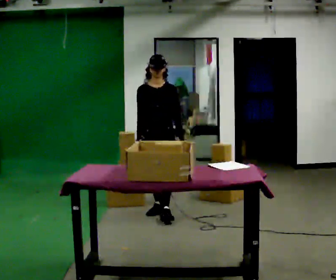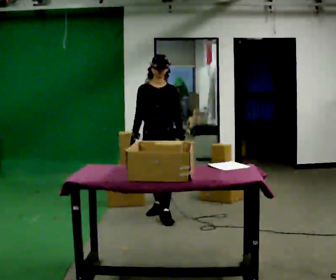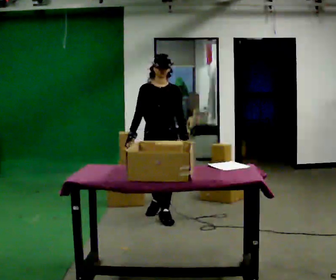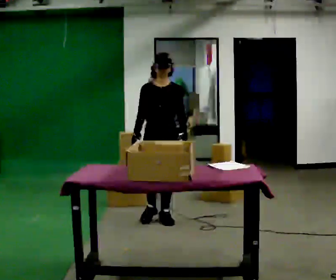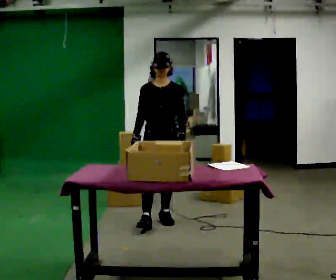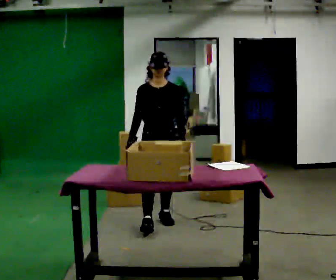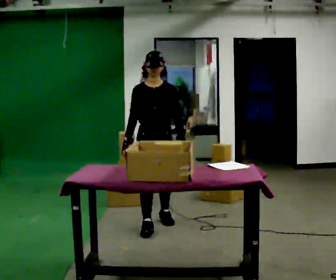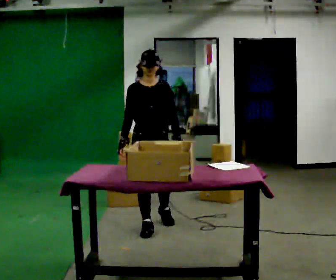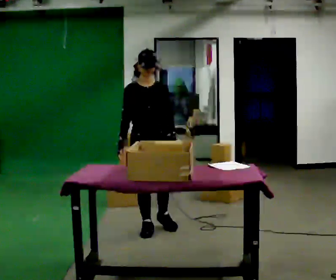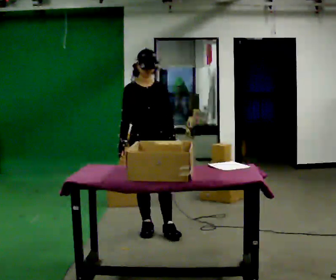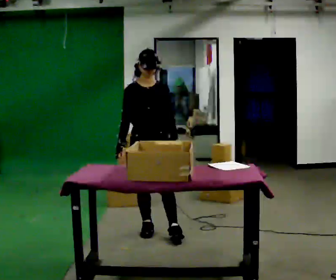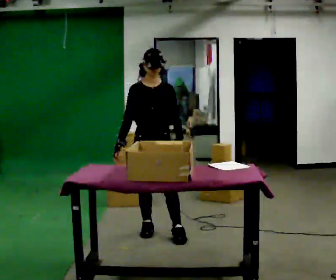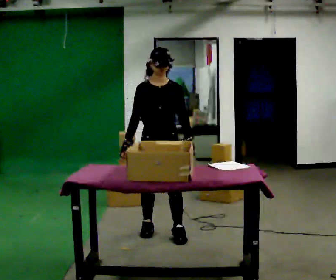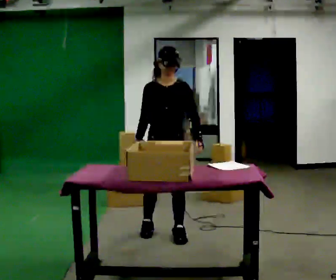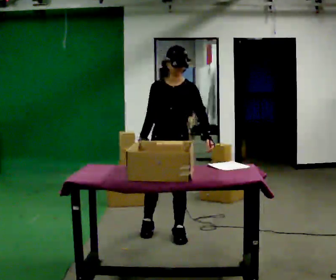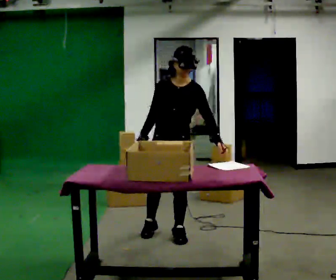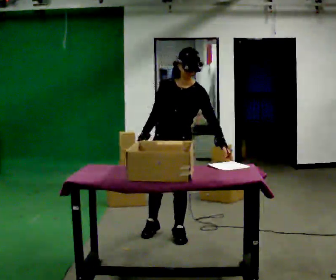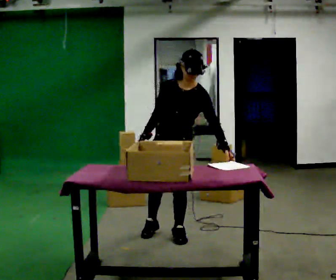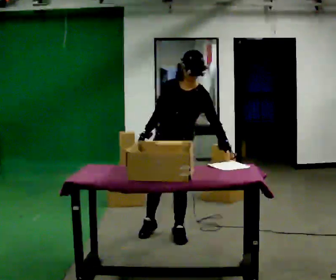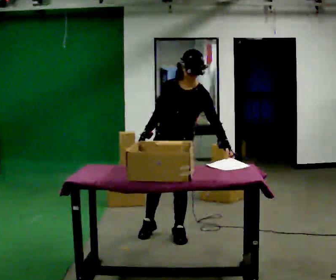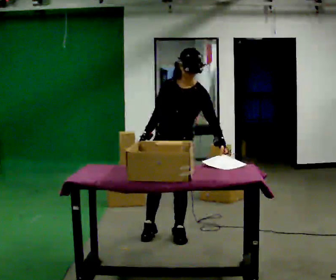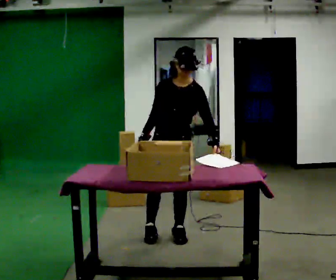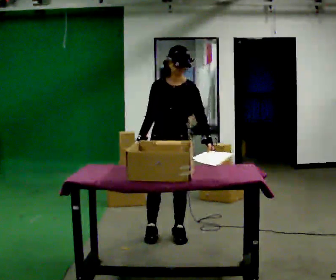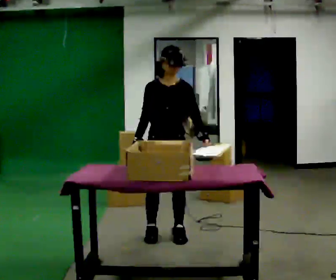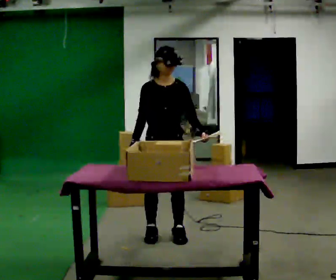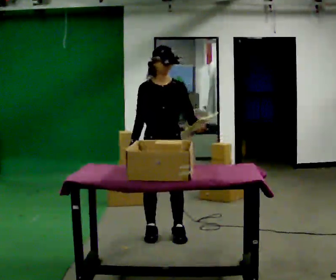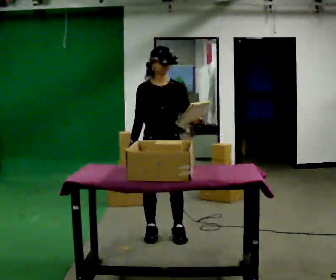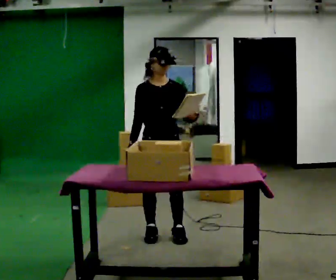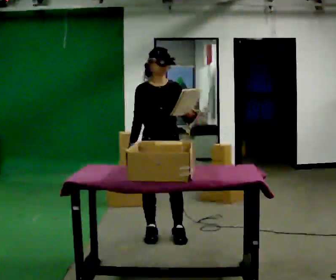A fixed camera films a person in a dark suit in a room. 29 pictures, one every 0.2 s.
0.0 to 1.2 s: In the picture they go toward the camera, about 0.5 m in 1 step, which for them is forward.
1.2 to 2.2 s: In the picture they go toward the camera, about 0.25 m in 1 step, which for them is forward.
2.2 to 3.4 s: In the picture they go to the right, about 0.25 m, which for them is to their left. The upper body tips toward the camera, its near side rolling downward, as they bend forward. In the picture their left hand goes to the right.
3.4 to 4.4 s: The upper body tips away from the camera, its near side rolling upward, as they lean back or straighten.
4.4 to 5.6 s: The person moves a little, or ends about where they began.
The film runs forward here.
